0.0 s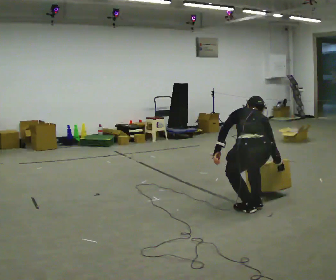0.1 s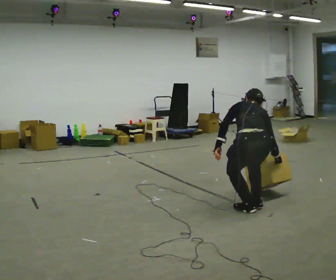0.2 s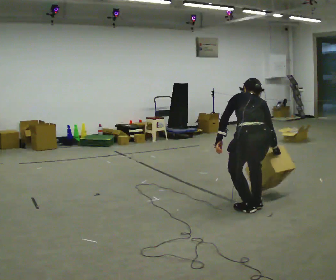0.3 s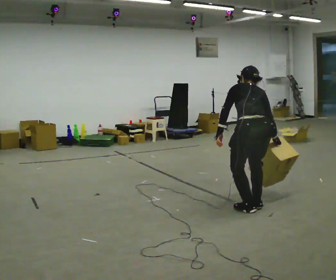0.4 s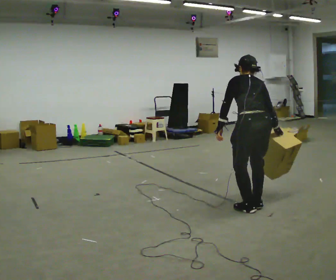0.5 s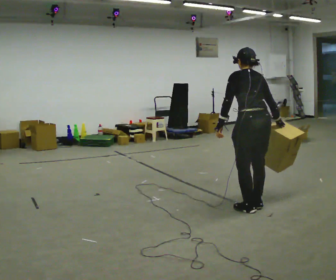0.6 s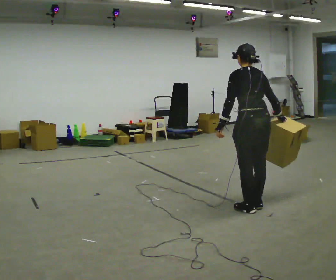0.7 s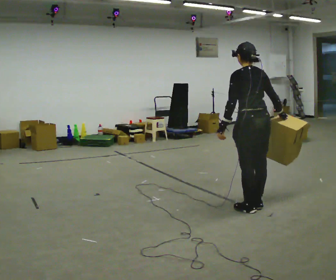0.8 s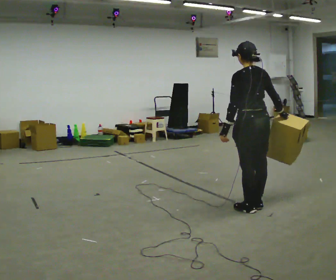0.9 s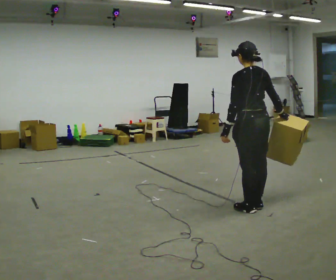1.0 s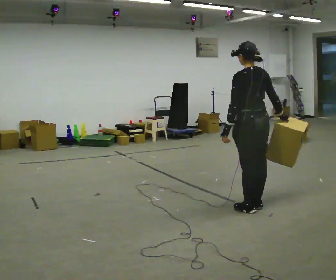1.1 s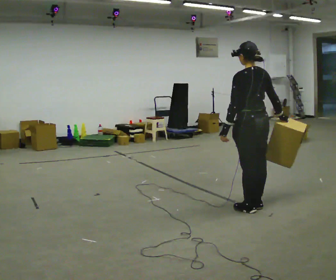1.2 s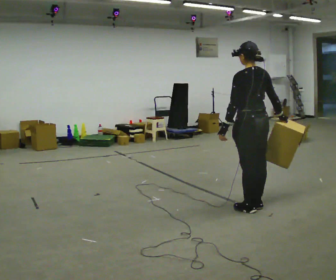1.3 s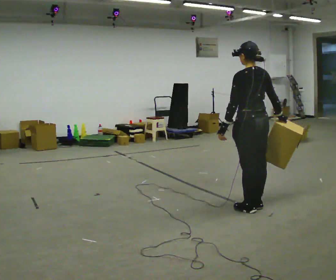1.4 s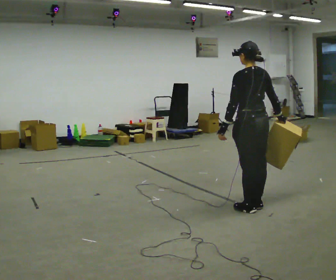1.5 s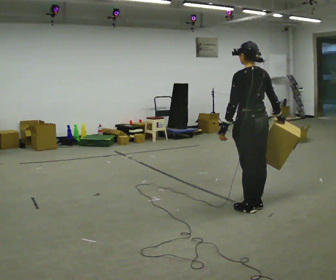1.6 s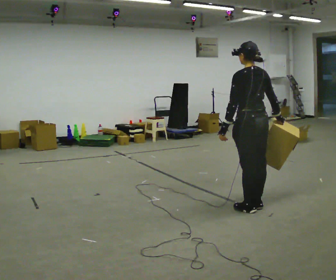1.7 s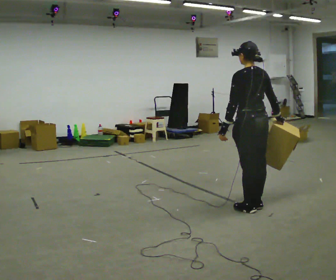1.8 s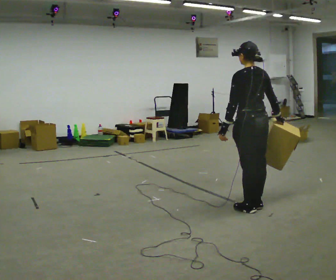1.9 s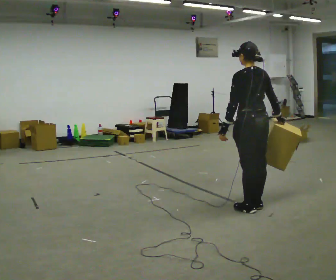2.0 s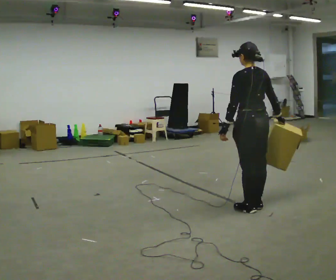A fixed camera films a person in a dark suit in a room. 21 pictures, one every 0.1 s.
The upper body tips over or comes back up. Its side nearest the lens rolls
downward.
The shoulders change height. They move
upward.
0.0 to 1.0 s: In the picture they go away from the camera, about 0.25 m, which for them is forward. The upper body goes upward. The upper body tips toward the camera, its near side rolling downward, as they lean back or straighten.
1.0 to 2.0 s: The person moves a little, or ends about where they began.
The film runs forward here.
